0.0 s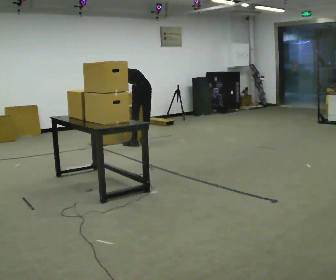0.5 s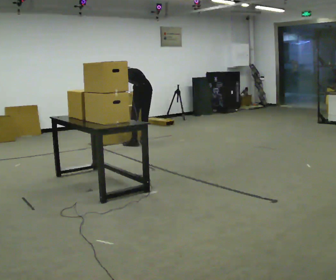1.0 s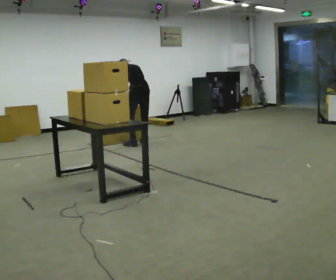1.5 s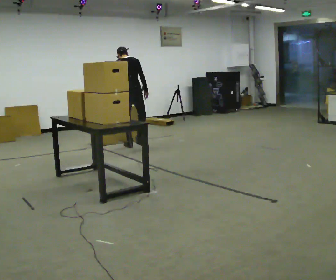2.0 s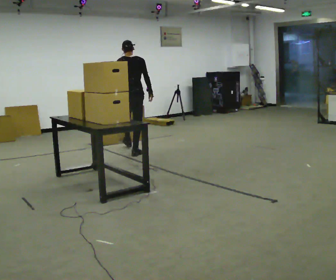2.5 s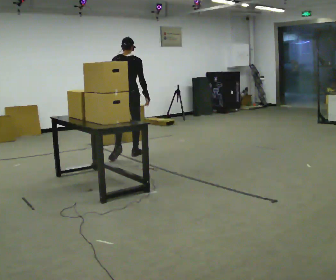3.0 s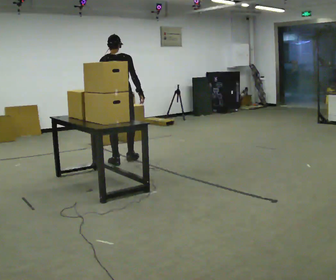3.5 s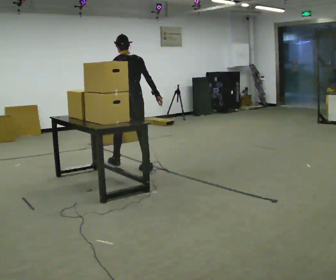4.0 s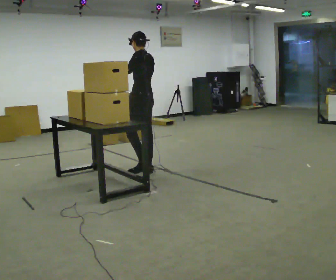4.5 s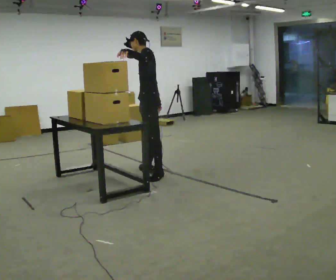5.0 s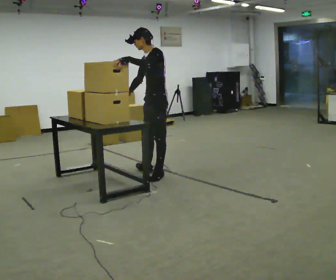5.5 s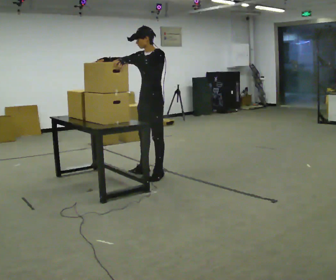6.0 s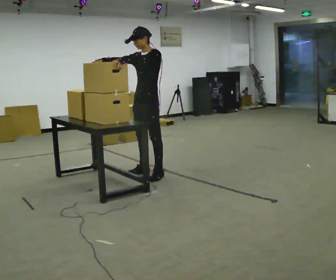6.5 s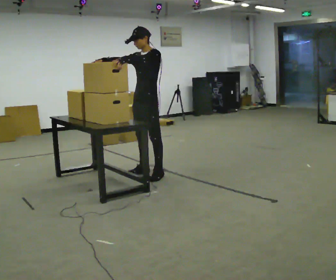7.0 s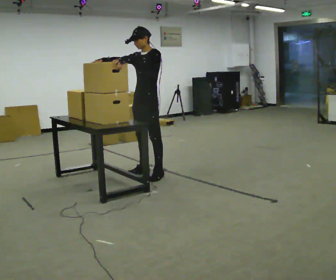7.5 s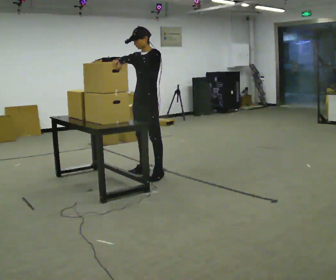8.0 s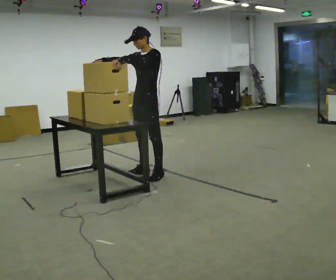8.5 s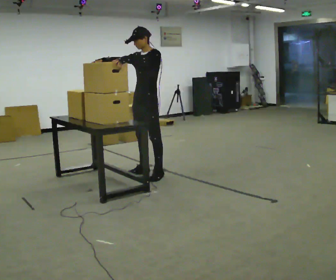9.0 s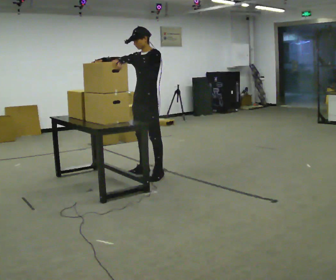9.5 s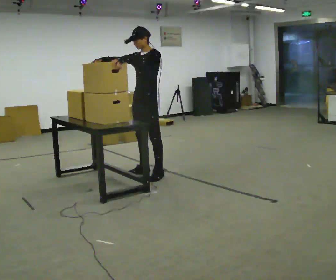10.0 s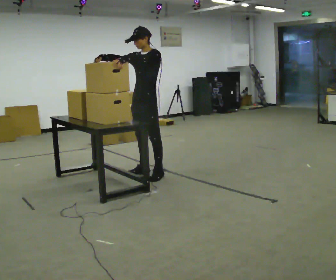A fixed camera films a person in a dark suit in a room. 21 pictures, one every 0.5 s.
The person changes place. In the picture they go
toward the camera.
0.0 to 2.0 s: The person turns about 45 degrees to their right, clockwise seen from above, so the part of the body nearest the lens slides to the left. In the picture they go toward the camera, about 0.75 m in 2 steps, which for them is to their left and backward. The shoulders move upward. The upper body tips toward the camera, its near side rolling downward, as they lean back or straighten.
2.0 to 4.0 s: The person turns about 60 degrees to their left, counterclockwise seen from above, so the part of the body nearest the lens slides to the right. In the picture they go toward the camera, about 1 m in 2 steps. In the picture their left hand goes upward.
4.0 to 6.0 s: Seen from above the body turns counterclockwise, about 60 degrees: to their left, with its near side sliding to the right. In the picture they go toward the camera, about 0.25 m. In the picture their right hand goes upward.
6.0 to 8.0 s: The person keeps their place and pose.
8.0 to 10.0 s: The person moves a little, or ends about where they began.
The film runs backward here.
